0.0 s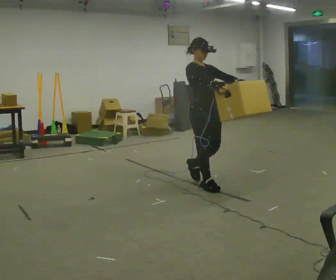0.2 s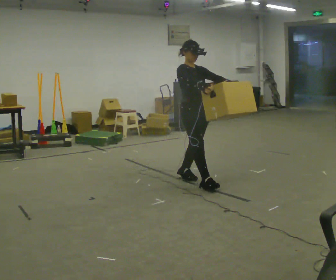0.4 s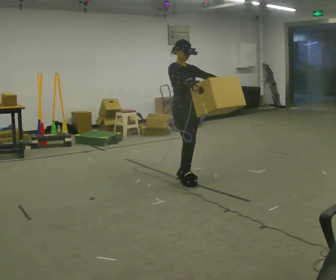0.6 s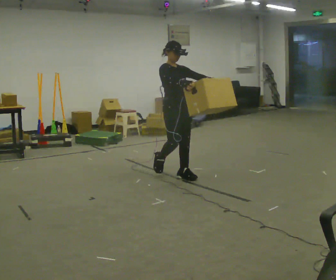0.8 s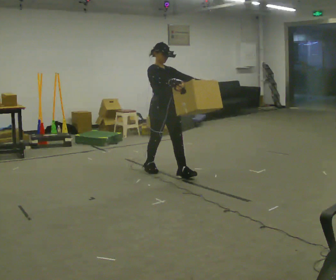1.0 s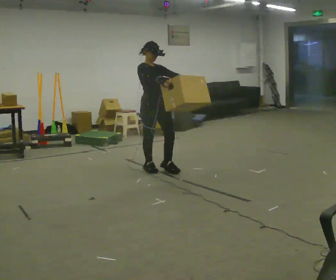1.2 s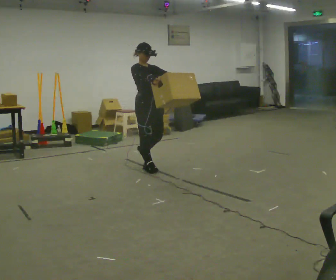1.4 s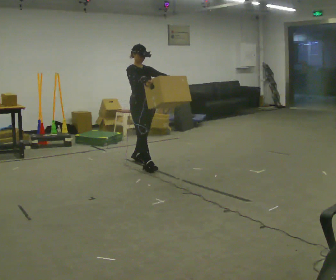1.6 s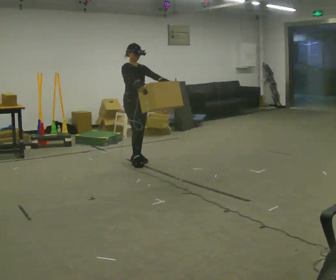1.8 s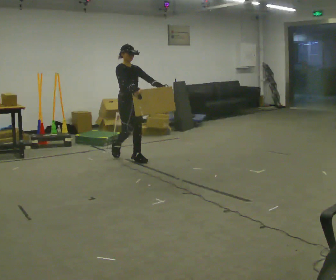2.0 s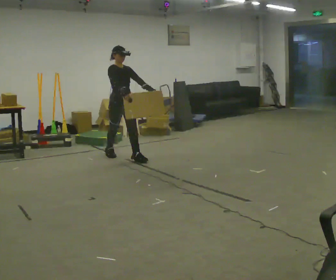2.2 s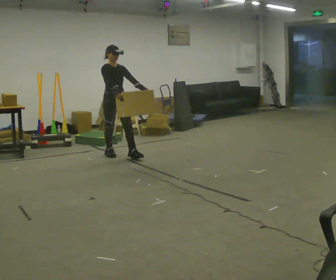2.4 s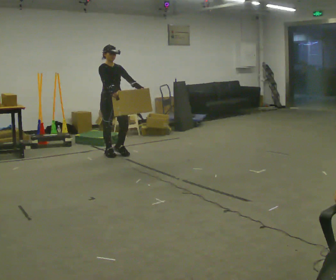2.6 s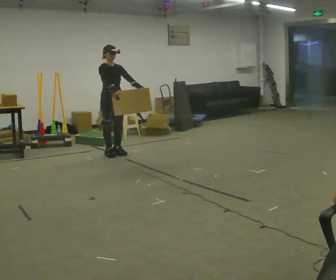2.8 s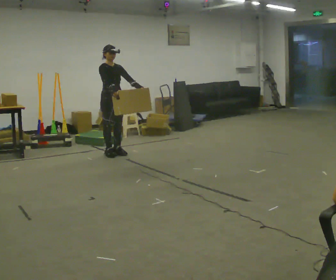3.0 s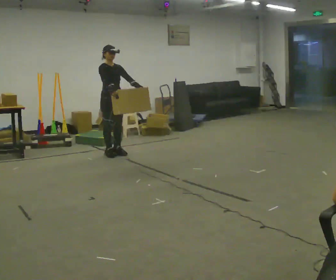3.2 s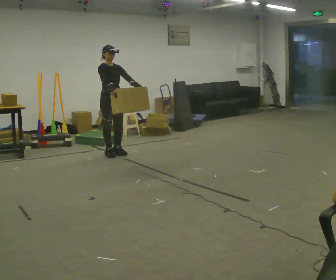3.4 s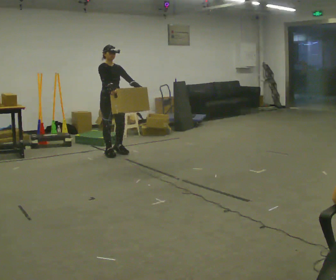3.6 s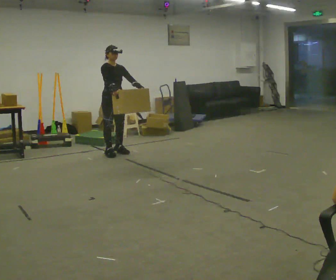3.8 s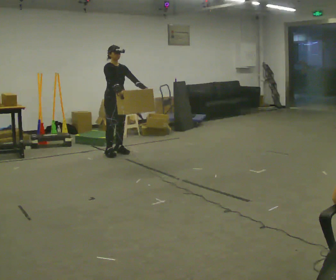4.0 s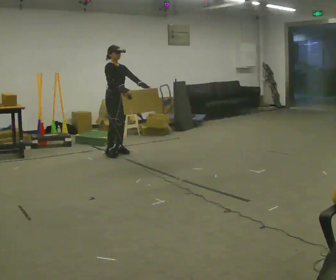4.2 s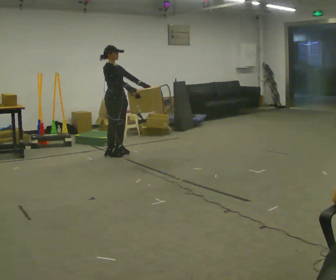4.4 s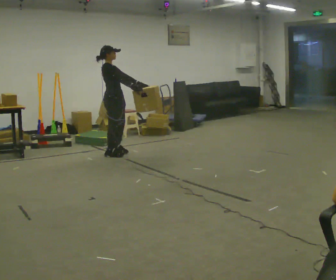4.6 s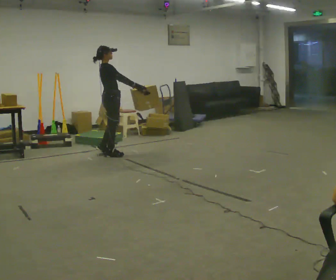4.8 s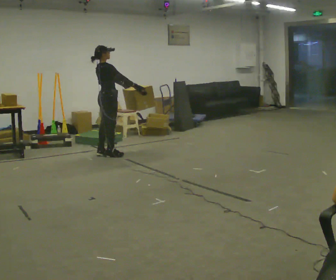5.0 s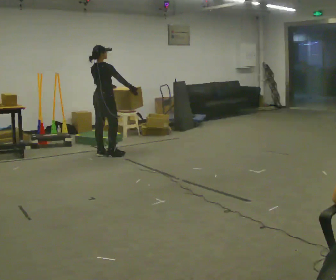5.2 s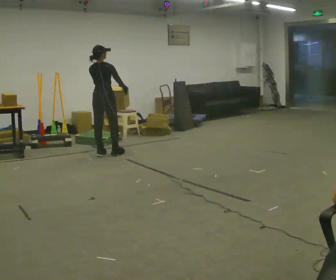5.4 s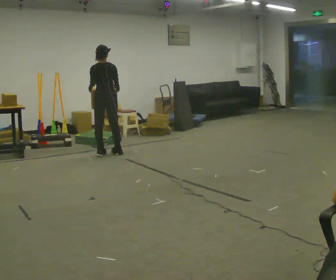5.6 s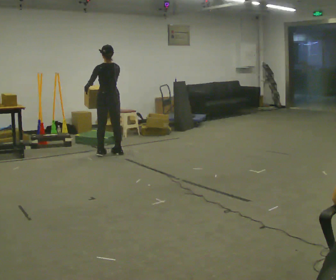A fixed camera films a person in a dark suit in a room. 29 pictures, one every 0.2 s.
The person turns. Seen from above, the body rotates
counterclockwise.
The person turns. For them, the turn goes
to their left.
0.0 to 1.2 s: In the picture they go away from the camera and to the left, about 1 m in 2 steps, which for them is backward.
1.2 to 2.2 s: In the picture they go away from the camera and to the left, about 1 m in 2 steps, which for them is backward.
2.2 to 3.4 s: The person moves a little, or ends about where they began.
3.4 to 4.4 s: The person turns about 45 degrees to their left, counterclockwise seen from above, so the part of the body nearest the lens slides to the right.
4.4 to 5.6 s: The part of the body nearest the lens slides to the right as the person turns to their left by about 120 degrees.
The film runs backward here.
